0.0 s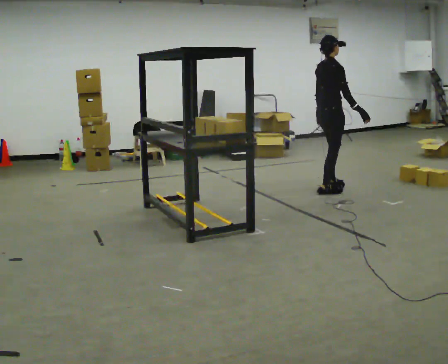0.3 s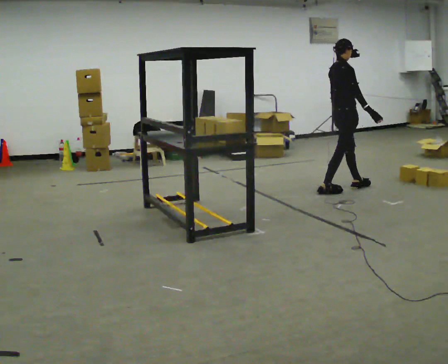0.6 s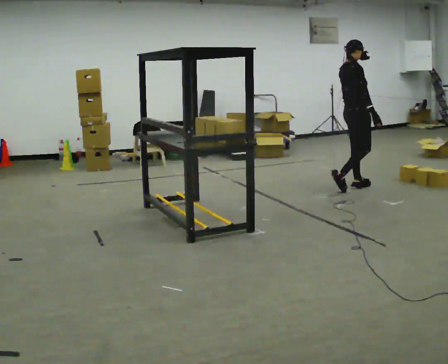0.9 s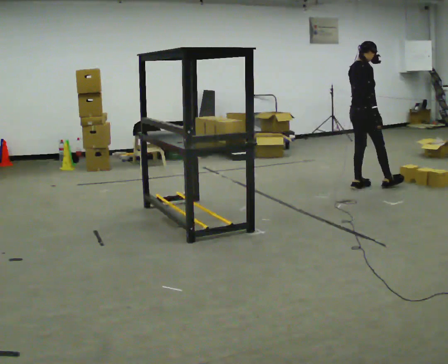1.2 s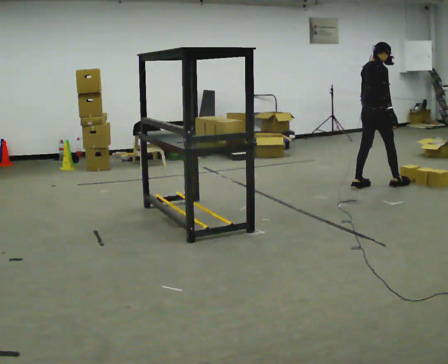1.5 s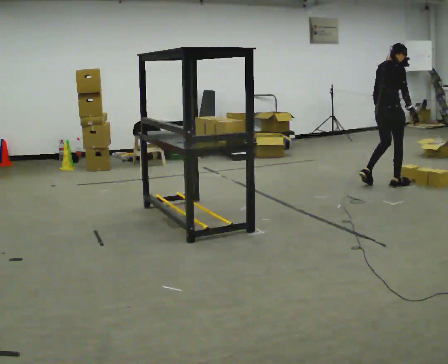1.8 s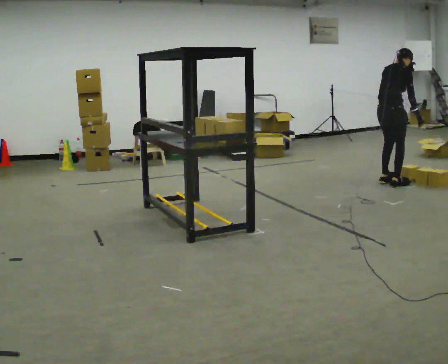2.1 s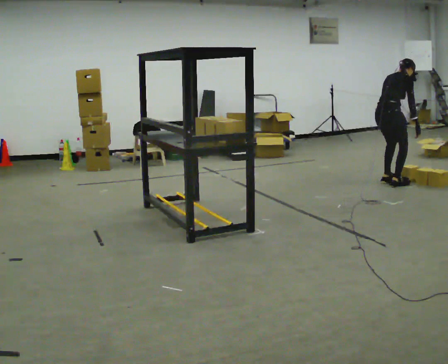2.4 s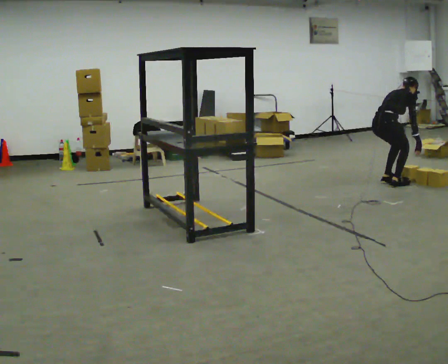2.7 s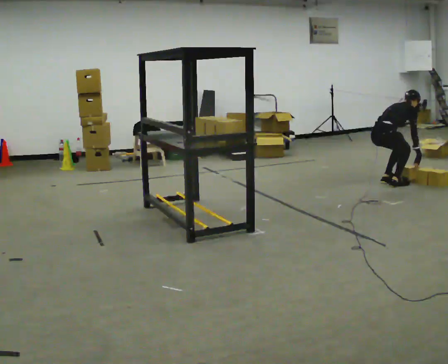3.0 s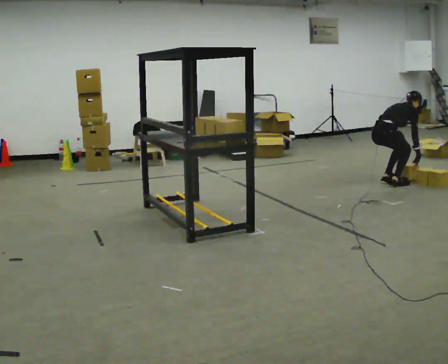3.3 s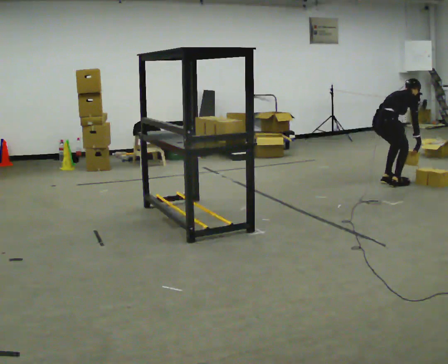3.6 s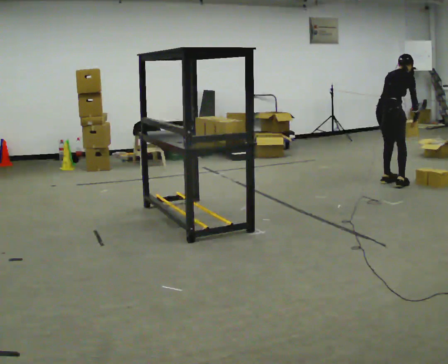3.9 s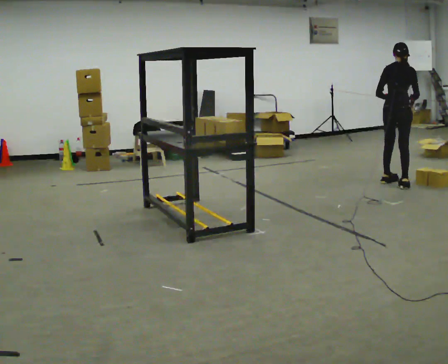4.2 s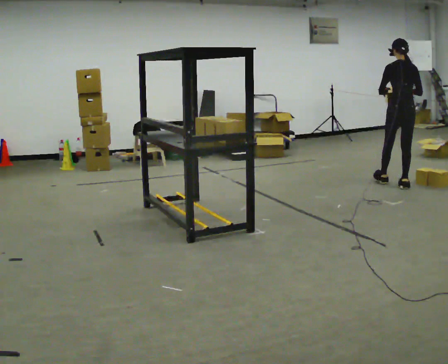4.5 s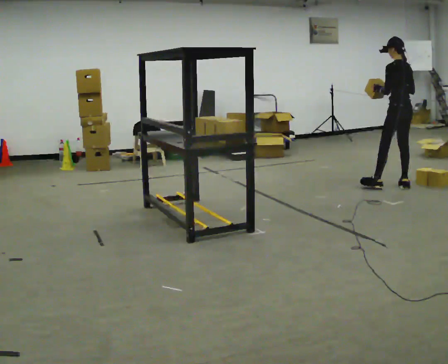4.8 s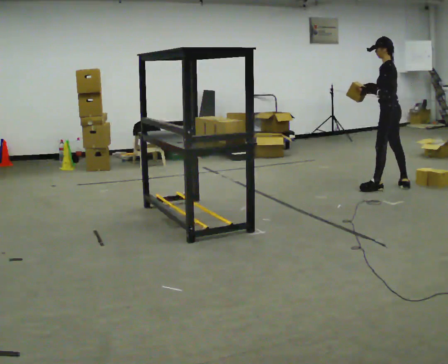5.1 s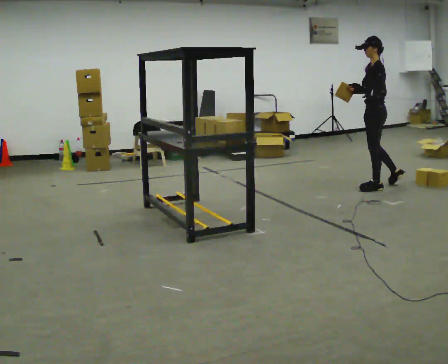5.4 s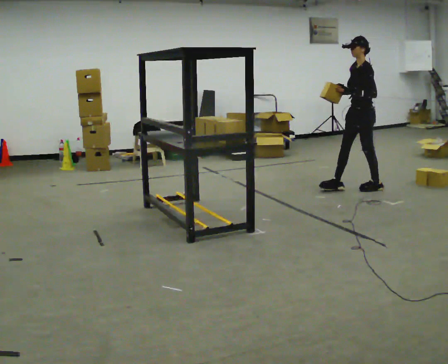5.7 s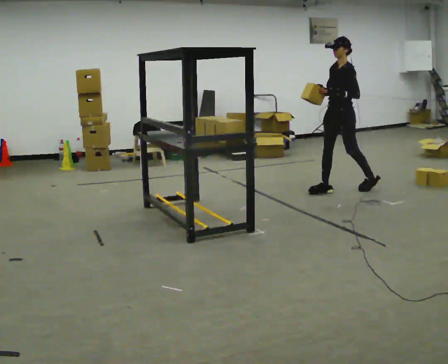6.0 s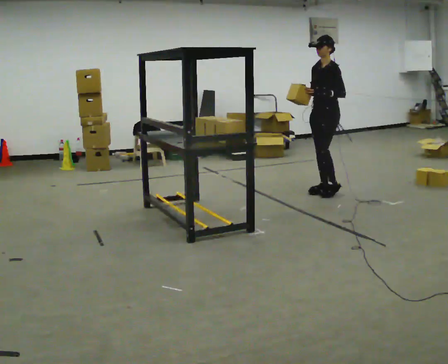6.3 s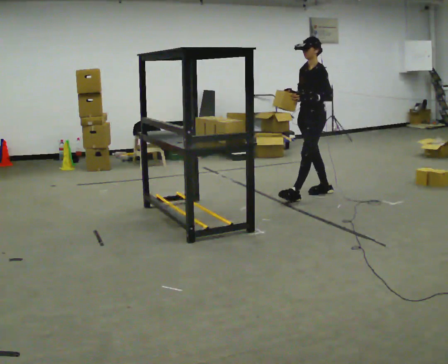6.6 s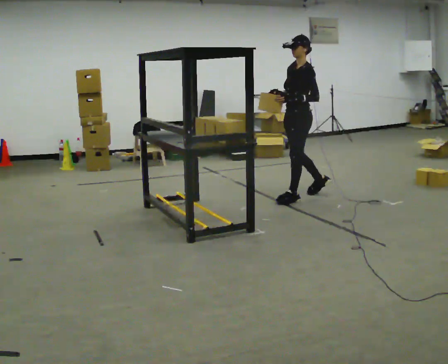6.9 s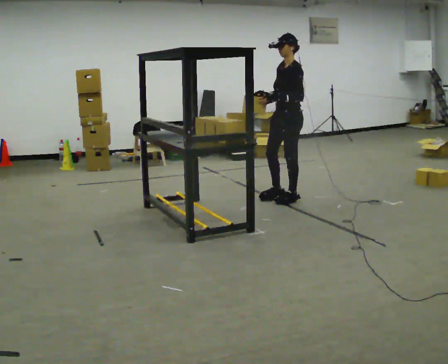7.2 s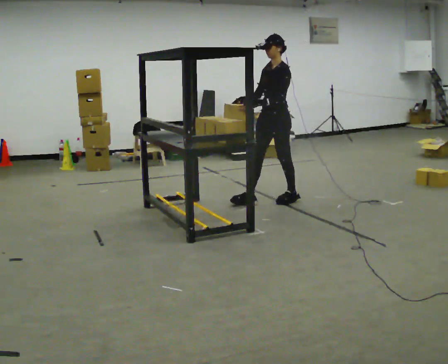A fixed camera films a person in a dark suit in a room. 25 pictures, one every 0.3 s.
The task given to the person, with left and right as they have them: Pick an object up off the floor at one end of the room, carry it across, and place it on the waist-height shelf at the other end. Keep going until the operator says stop; one object at a time, and do not rush between trips.
0.0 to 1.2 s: In the picture they go to the right and away from the camera, about 0.5 m in 2 steps, which for them is forward.
1.2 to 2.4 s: The shoulders move downward. The upper body tips away from the camera, its near side rolling upward, as they bend forward. In the picture their right hand goes to the right.
2.4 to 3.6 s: The person moves a little, or ends about where they began.
3.6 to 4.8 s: Seen from above the body turns counterclockwise, about 105 degrees: to their left, with its near side sliding to the right. In the picture they go toward the camera, about 0.25 m in 1 step. In the picture the upper body tilts counterclockwise, shoulders to the left, as they lean back or straighten. In the picture their right hand goes to the left.
4.8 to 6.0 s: The part of the body nearest the lens slides to the right as the person turns to their left by about 60 degrees. In the picture they go to the left, about 0.5 m in 1 step.
6.0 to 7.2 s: In the picture they go toward the camera and to the left, about 0.75 m in 2 steps, which for them is forward.
The film runs forward here.
